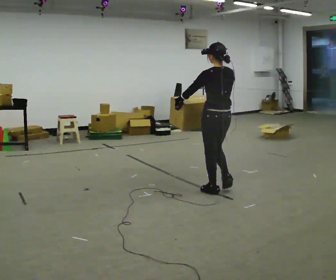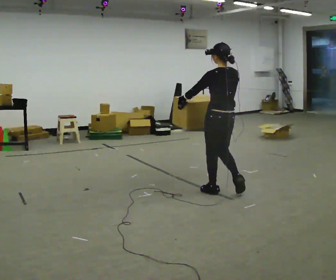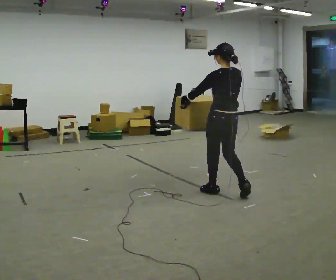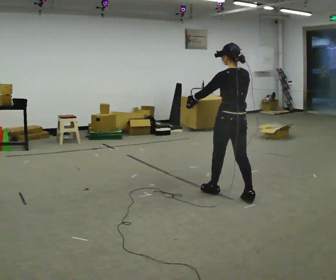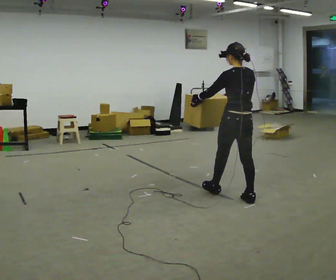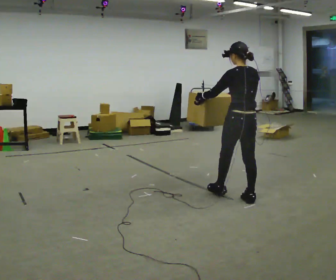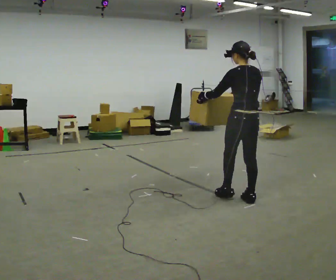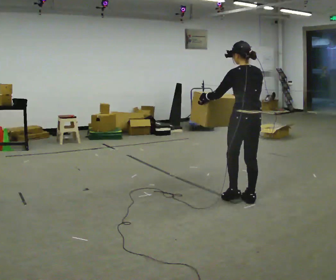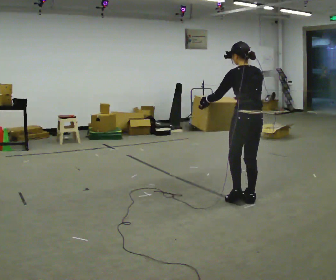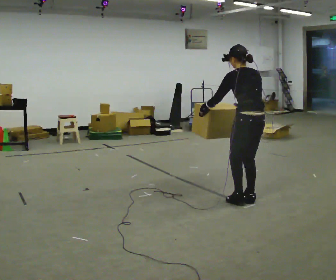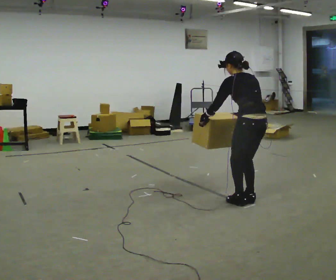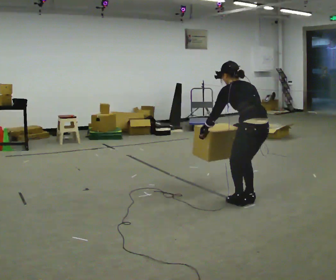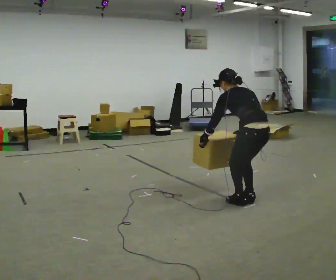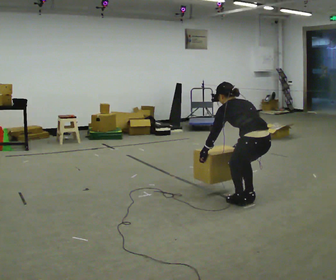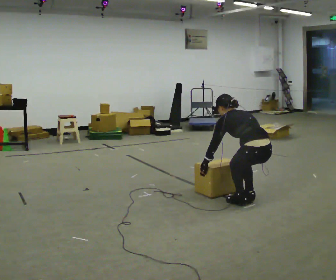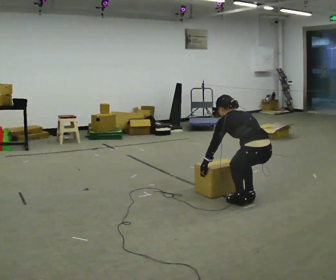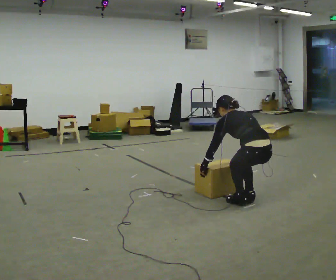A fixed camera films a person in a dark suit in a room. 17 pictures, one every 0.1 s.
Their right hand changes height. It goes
downward.
The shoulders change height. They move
downward.
0.0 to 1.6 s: In the picture they go to the right and toward the camera, about 0.5 m in 1 step, which for them is backward. The upper body goes downward. In the picture the upper body tilts counterclockwise, shoulders to the left, as they bend forward. In the picture their right hand goes downward.
The film runs backward here.
